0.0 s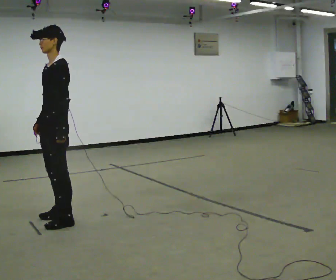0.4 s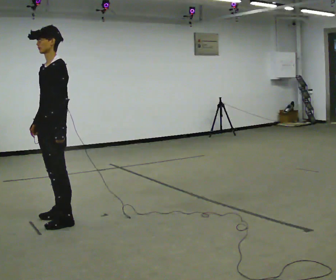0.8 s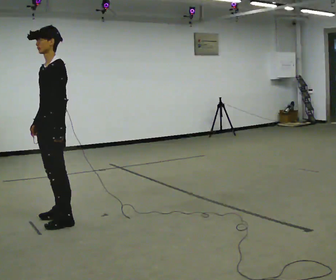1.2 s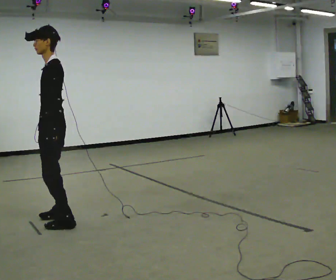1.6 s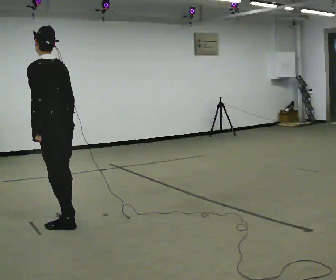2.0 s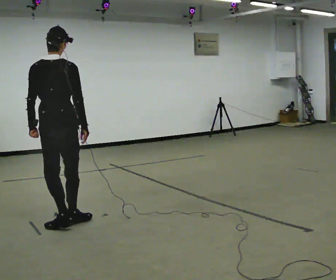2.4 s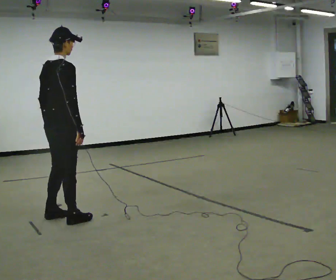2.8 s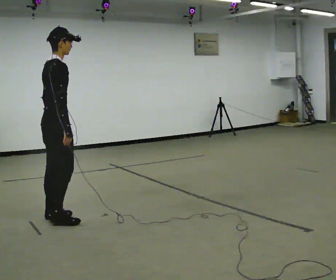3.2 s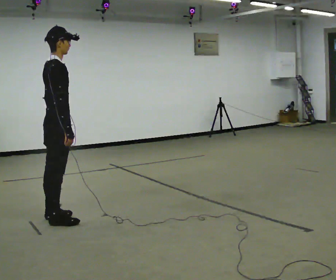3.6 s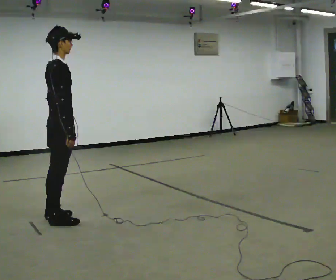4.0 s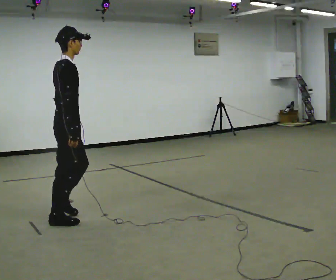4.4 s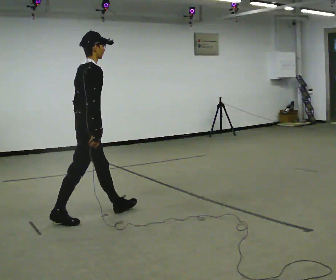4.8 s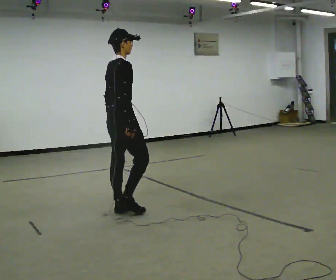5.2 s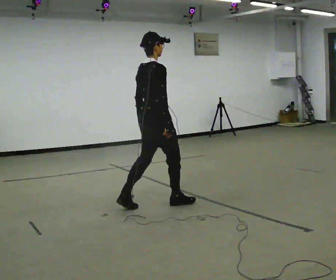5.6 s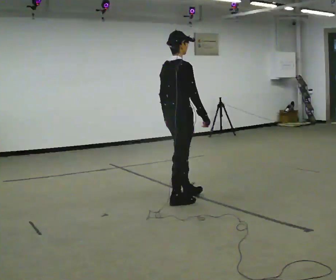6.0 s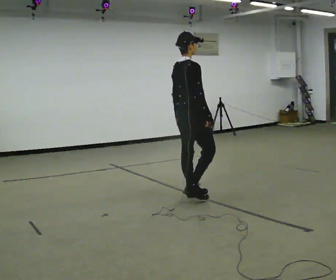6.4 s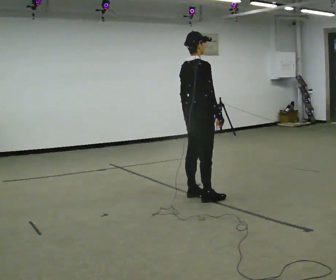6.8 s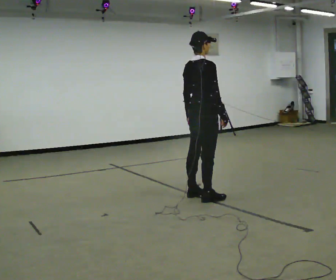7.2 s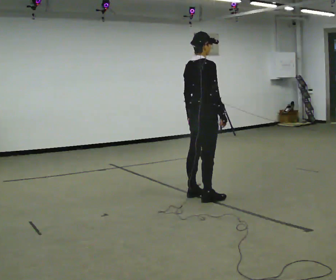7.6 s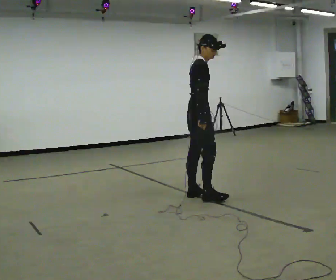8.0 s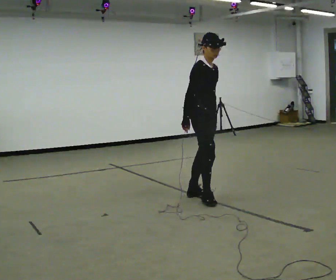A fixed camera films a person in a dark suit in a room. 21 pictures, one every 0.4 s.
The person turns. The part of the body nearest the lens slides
to the left.
The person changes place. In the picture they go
to the right.
0.0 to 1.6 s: Seen from above the body turns clockwise, about 75 degrees: to their right, with its near side sliding to the left. In the picture their right hand goes to the right.
1.6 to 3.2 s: The part of the body nearest the lens slides to the left as the person turns to their right by about 105 degrees.
3.2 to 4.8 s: In the picture they go to the right, about 0.75 m in 1 step, which for them is forward.
4.8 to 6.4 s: In the picture they go to the right, about 1 m in 3 steps, which for them is forward.
6.4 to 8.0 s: Seen from above the body turns clockwise, about 75 degrees: to their right, with its near side sliding to the left. In the picture their right hand goes to the left, the arm swinging clockwise.
The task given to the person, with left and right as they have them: Walk; stop fully; turn 90° left/right while standing; walk new direction.
The film runs forward here.
